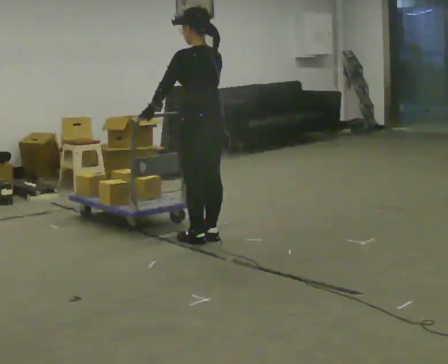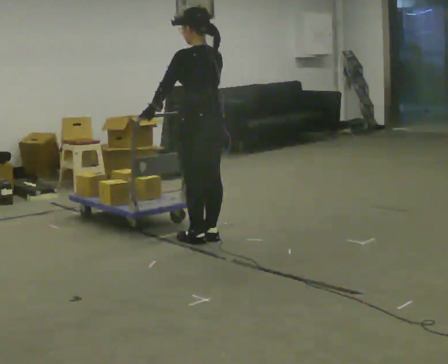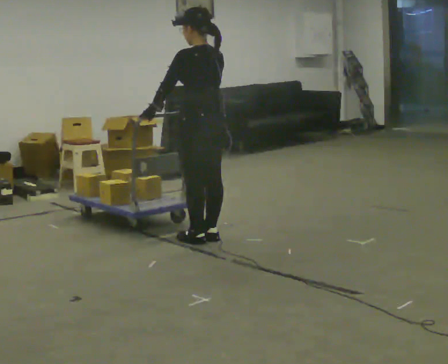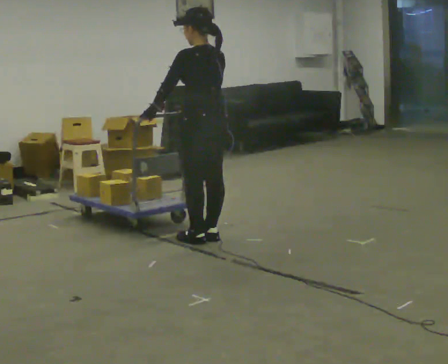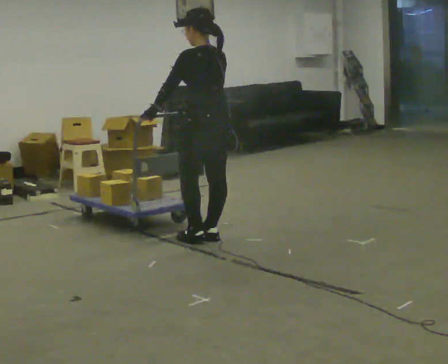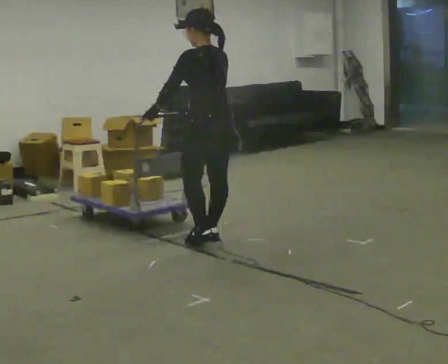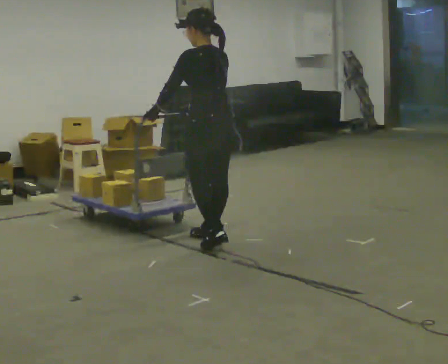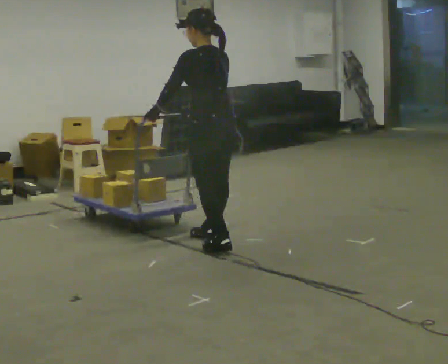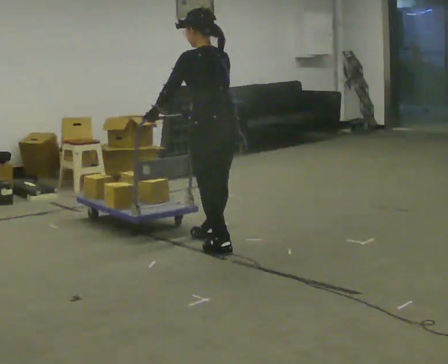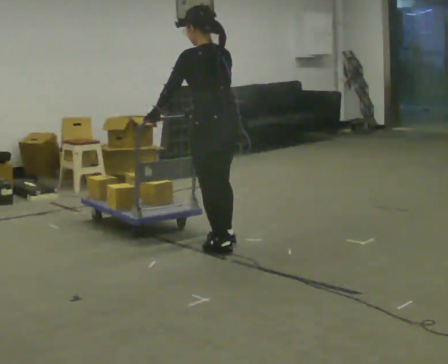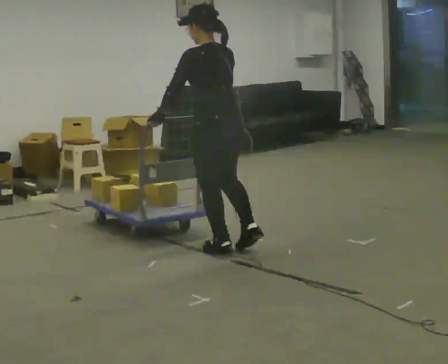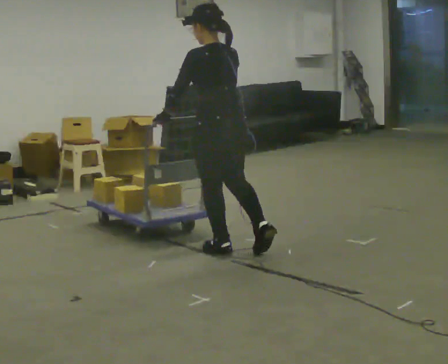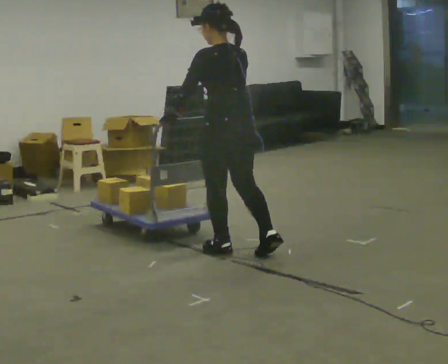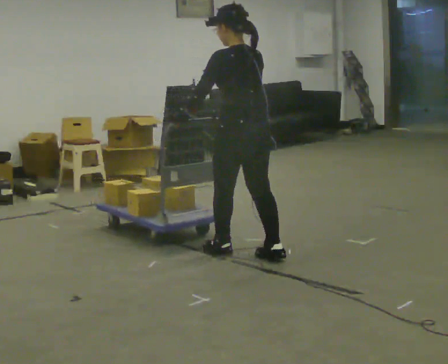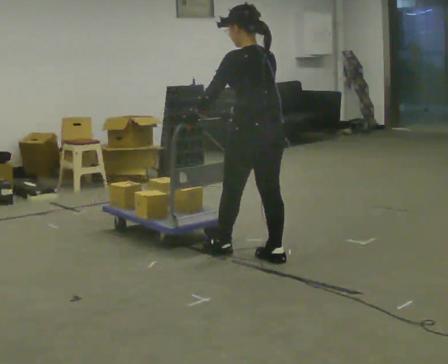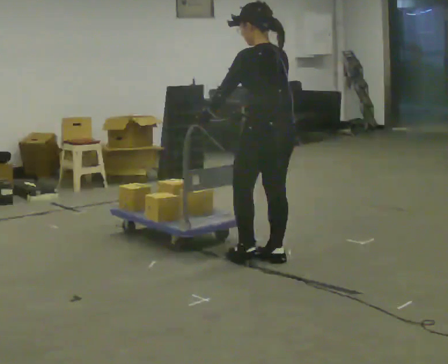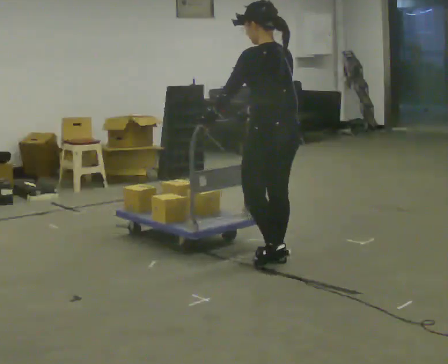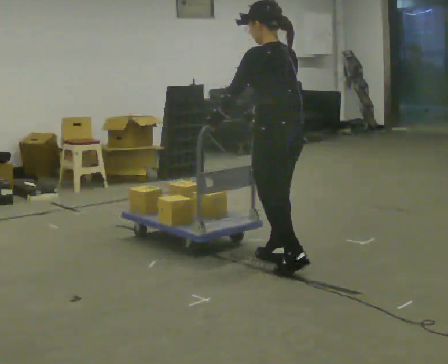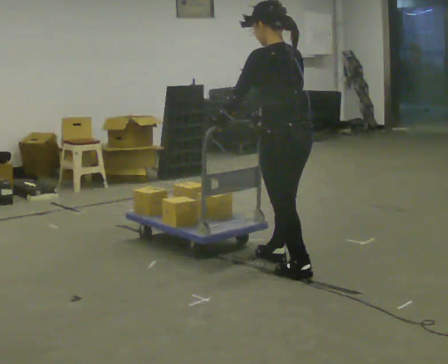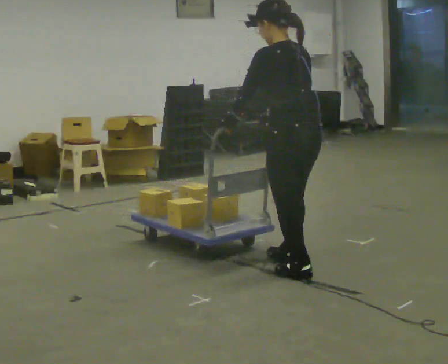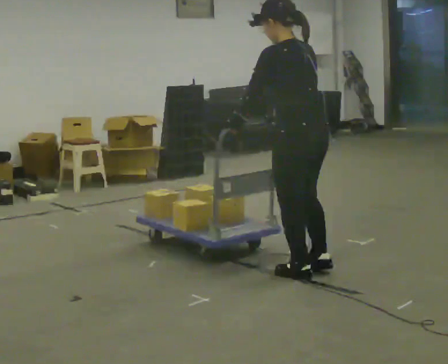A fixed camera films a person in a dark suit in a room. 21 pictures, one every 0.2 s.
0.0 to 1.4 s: The person moves a little, or ends about where they began.
1.4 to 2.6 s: In the picture they go toward the camera and to the right, about 0.25 m in 1 step, which for them is backward.
2.6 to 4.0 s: In the picture they go toward the camera and to the right, about 0.5 m in 1 step, which for them is backward.
The film runs forward here.
